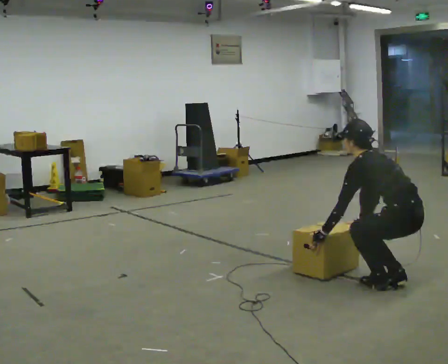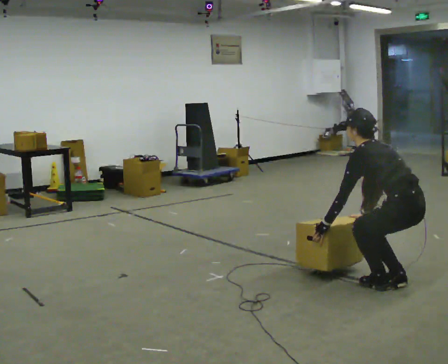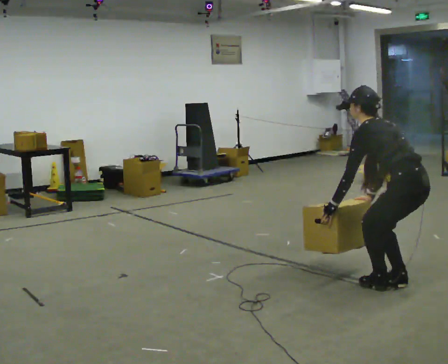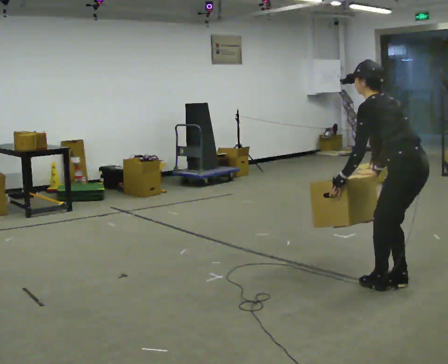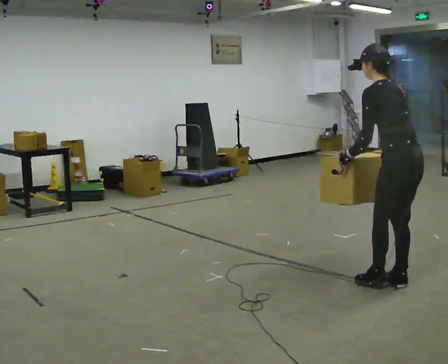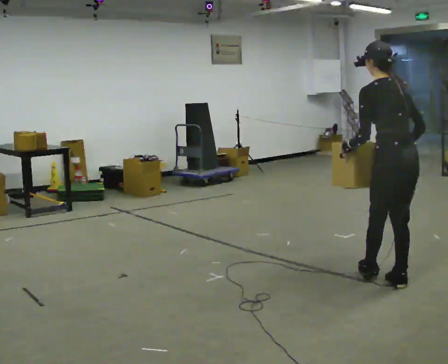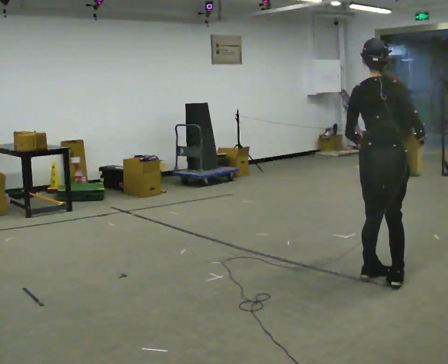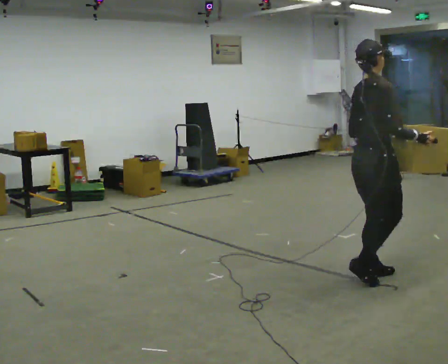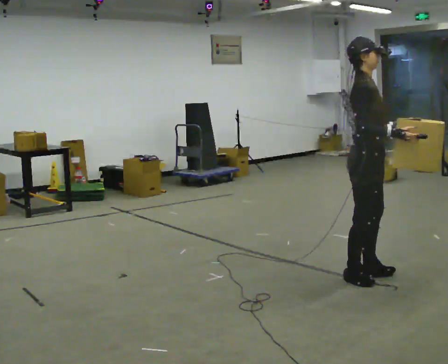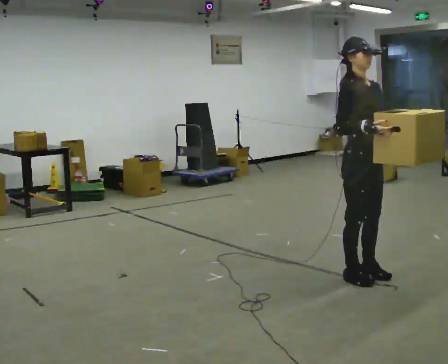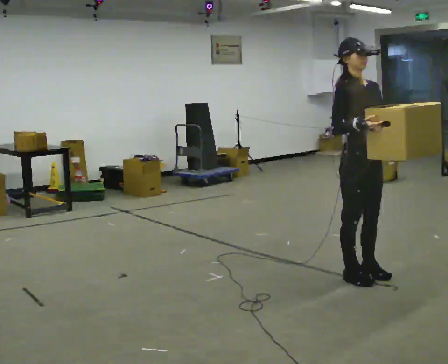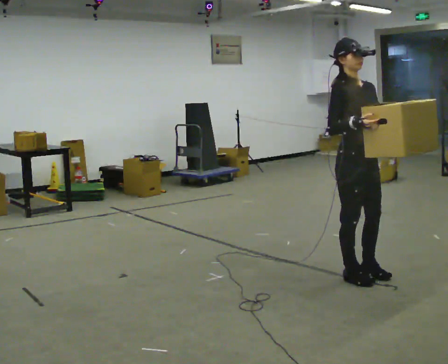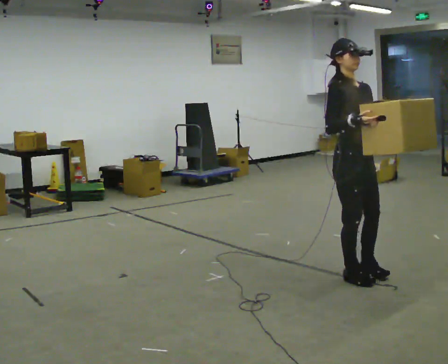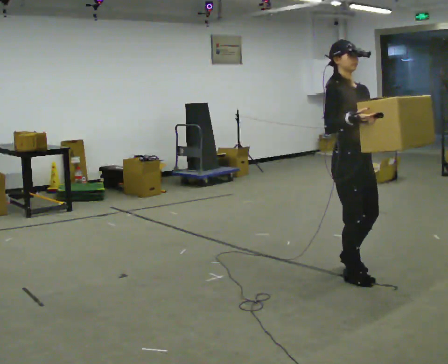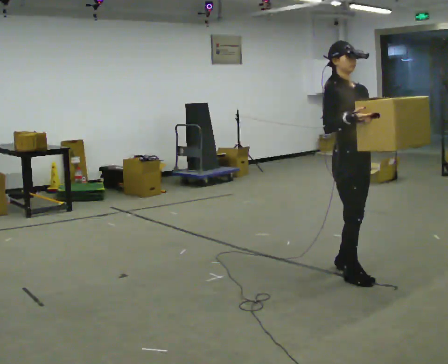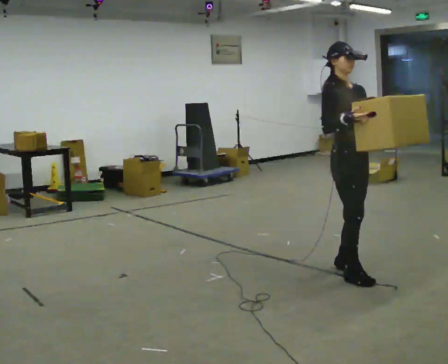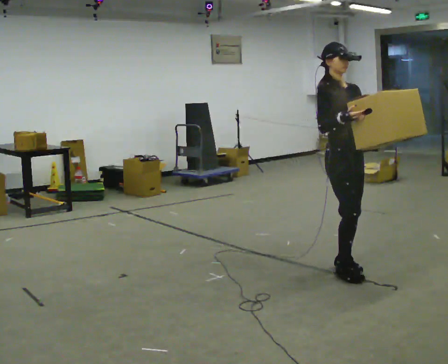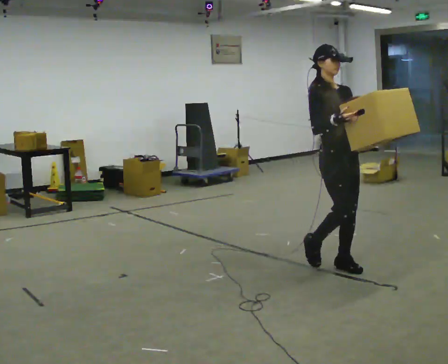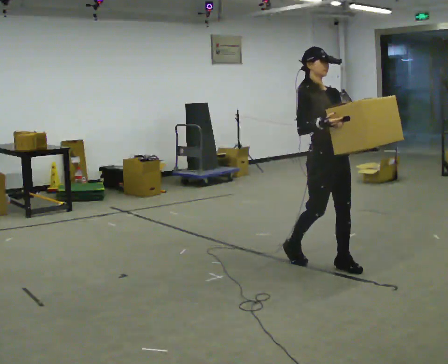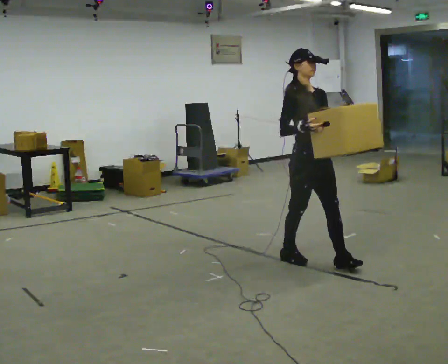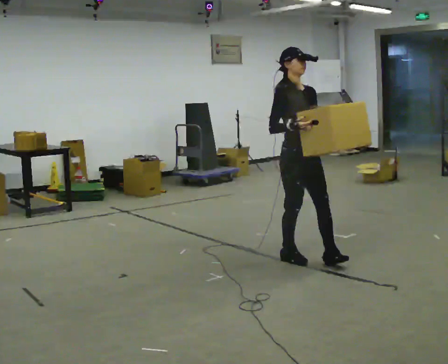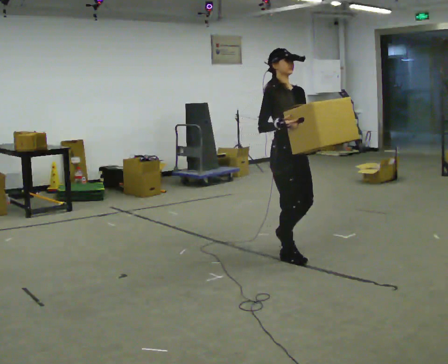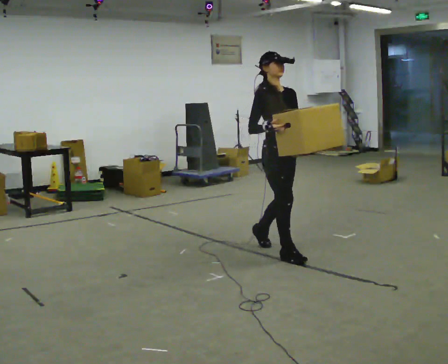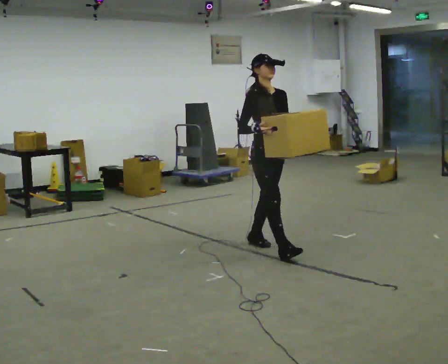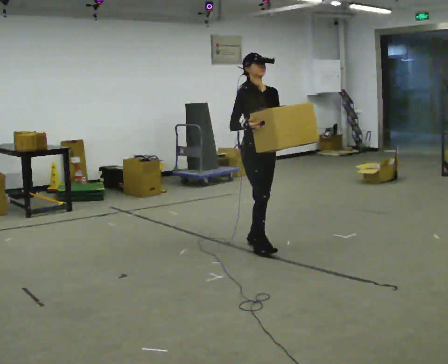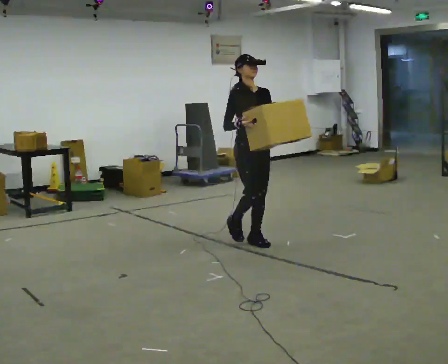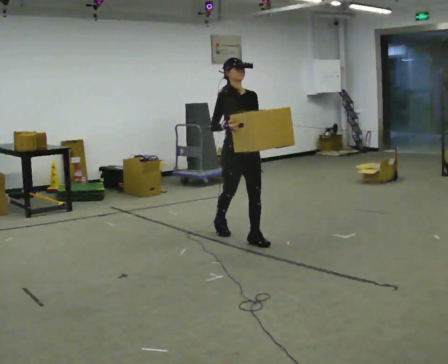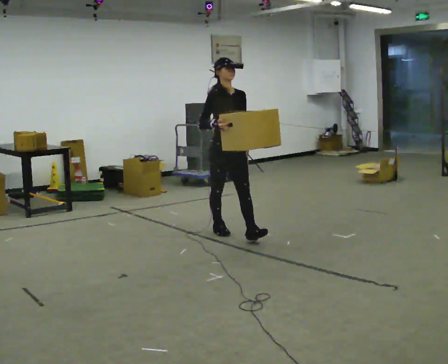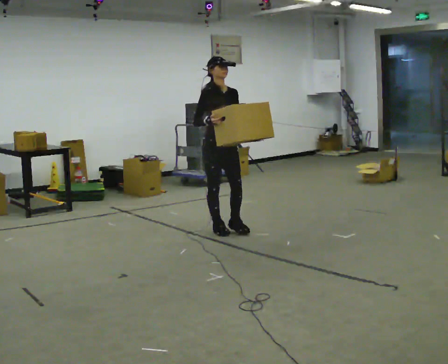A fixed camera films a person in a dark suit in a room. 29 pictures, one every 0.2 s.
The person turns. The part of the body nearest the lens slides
to the left.
The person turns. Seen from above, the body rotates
clockwise.
0.0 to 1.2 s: The person turns about 75 degrees to their right, clockwise seen from above, so the part of the body nearest the lens slides to the left. The shoulders move upward. In the picture the upper body tilts clockwise, shoulders to the right, as they lean back or straighten. In the picture their right hand goes upward and to the right.
1.2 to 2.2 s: Seen from above the body turns clockwise, about 120 degrees: to their right, with its near side sliding to the left. In the picture they go to the left, about 0.25 m. In the picture their left hand goes to the right, the arm swinging counterclockwise.
2.2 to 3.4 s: In the picture they go away from the camera, about 0.25 m in 2 steps, which for them is backward.
3.4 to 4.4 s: In the picture they go to the left and away from the camera, about 0.5 m in 1 step, which for them is backward.
4.4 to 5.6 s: In the picture they go away from the camera and to the left, about 1 m in 2 steps, which for them is backward.
The film runs backward here.
